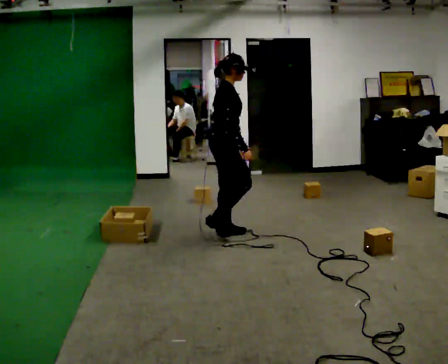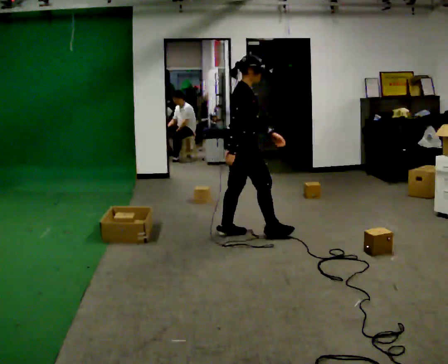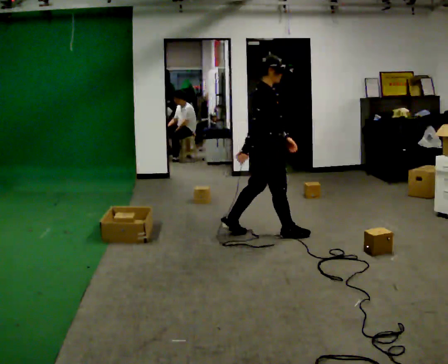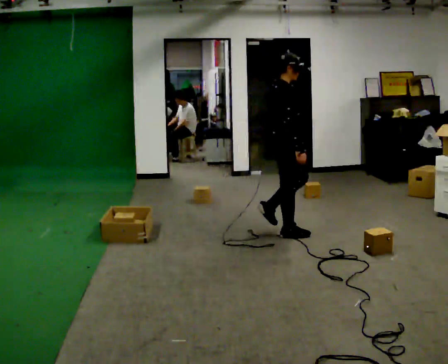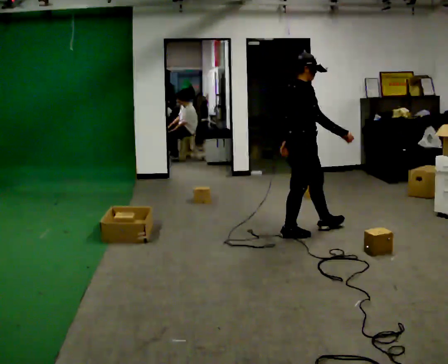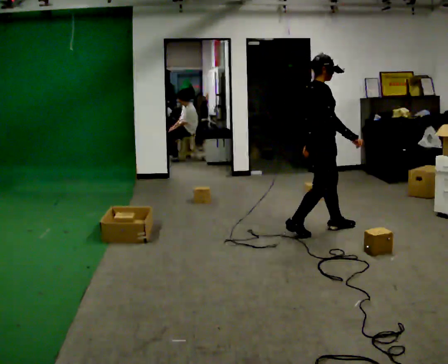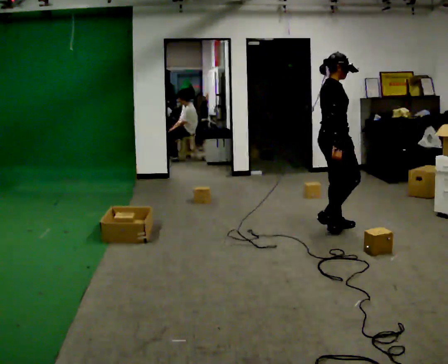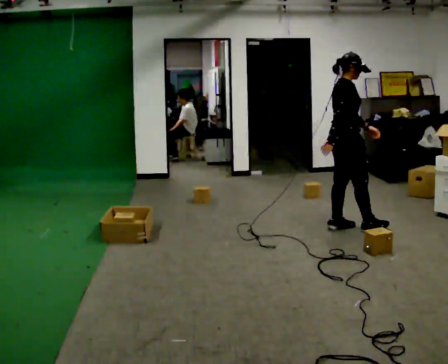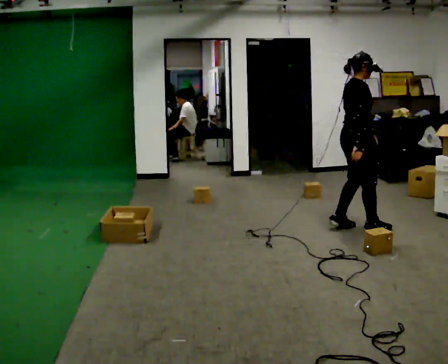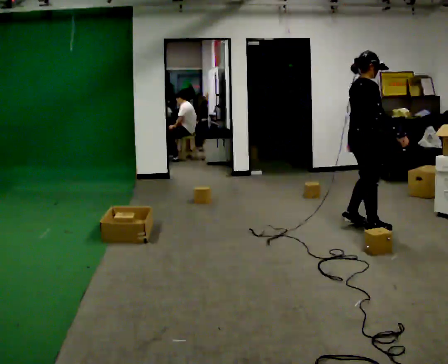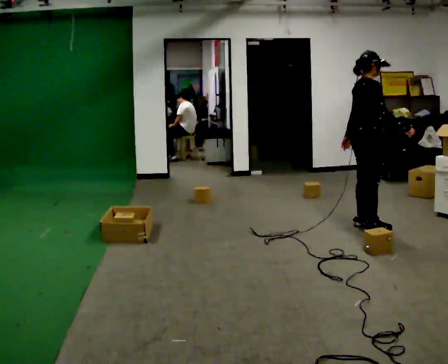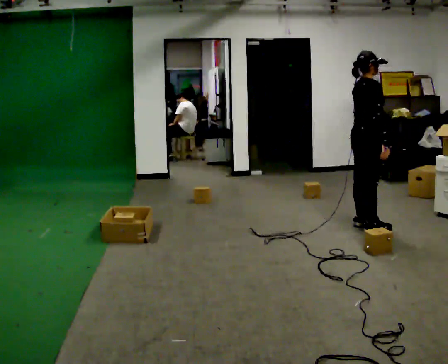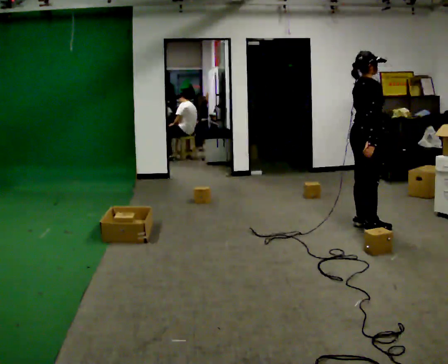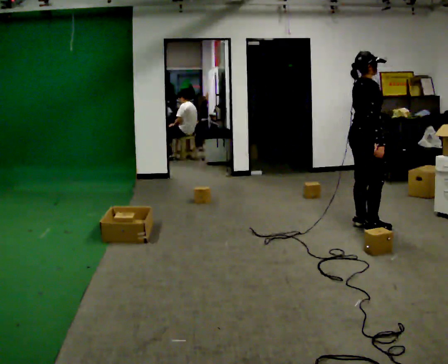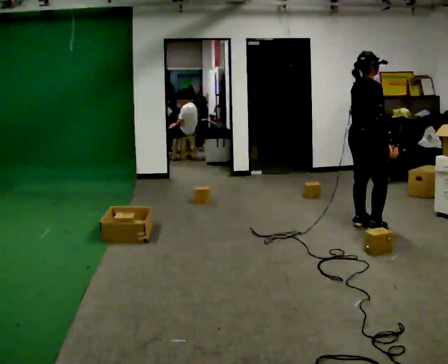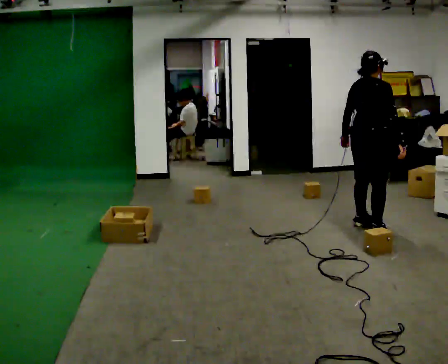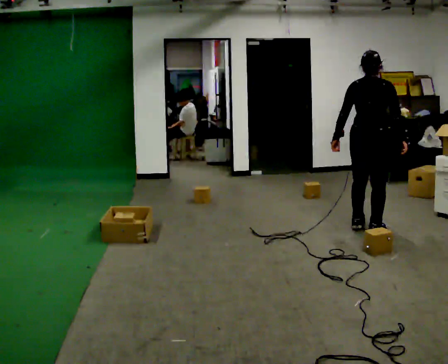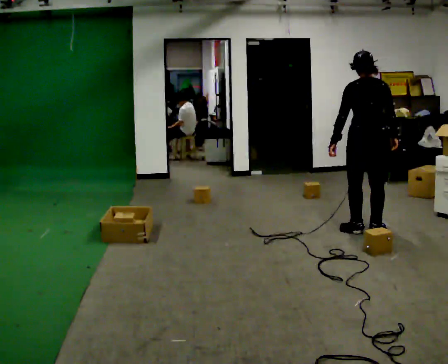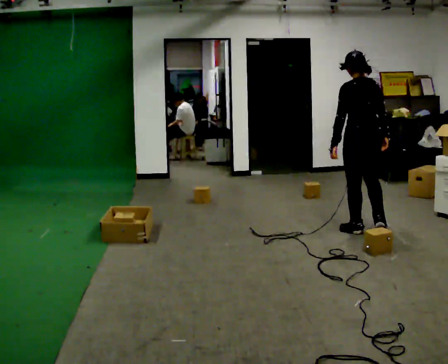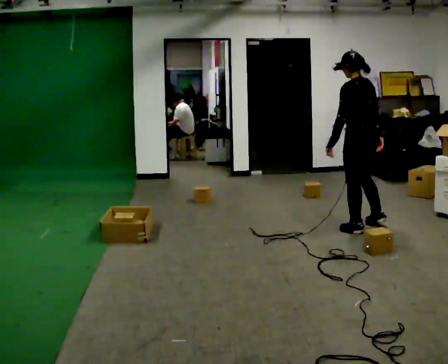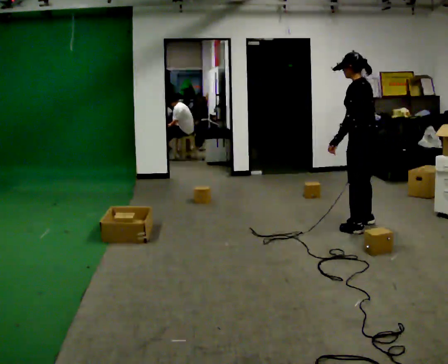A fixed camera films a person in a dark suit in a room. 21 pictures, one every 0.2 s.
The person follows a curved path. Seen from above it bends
counterclockwise.
The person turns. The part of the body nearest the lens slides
to the right.
0.0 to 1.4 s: In the picture they go to the right and away from the camera, about 1 m in 2 steps, which for them is forward.
1.4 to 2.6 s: In the picture their right hand goes to the right.
2.6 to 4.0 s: Seen from above the body turns counterclockwise, about 150 degrees: to their left, with its near side sliding to the right.
The film runs forward here.
